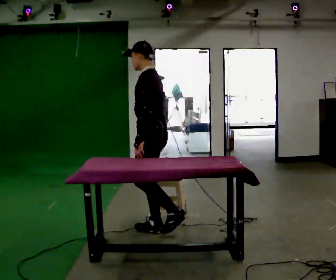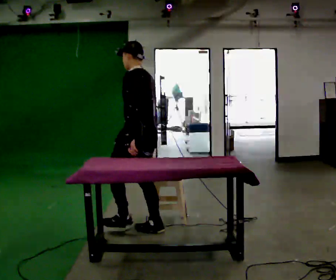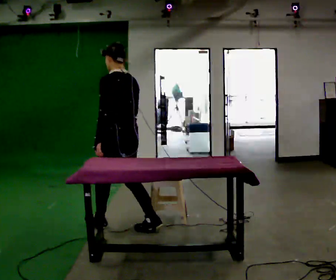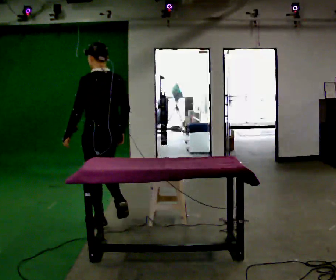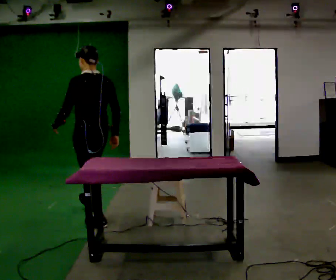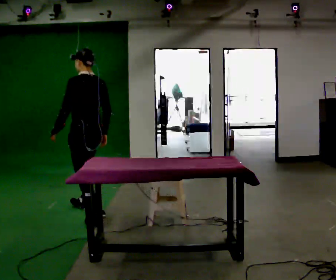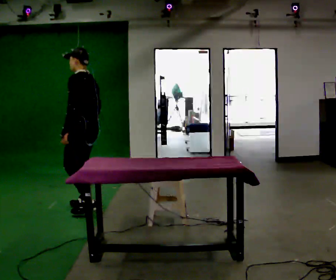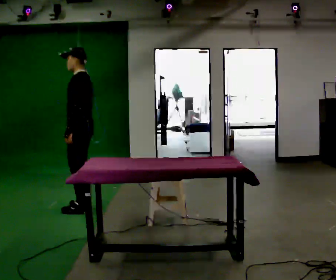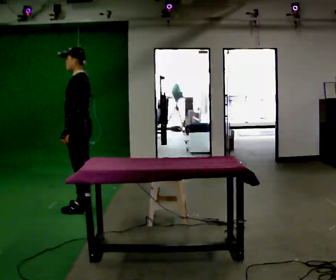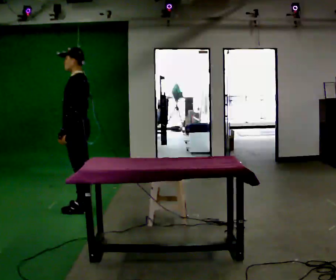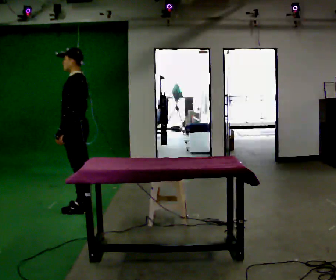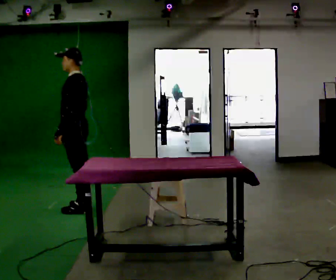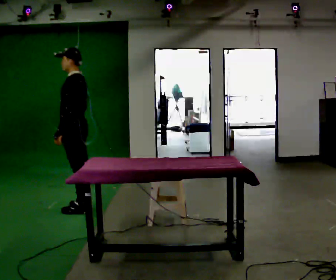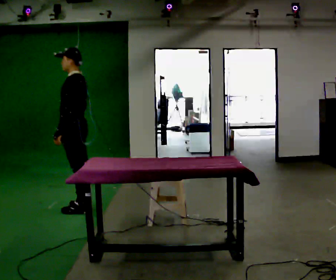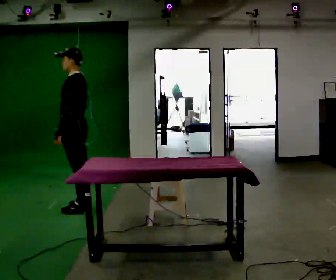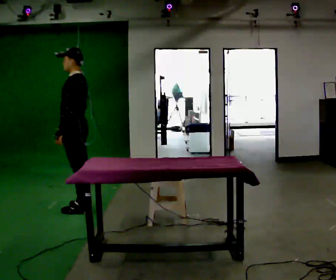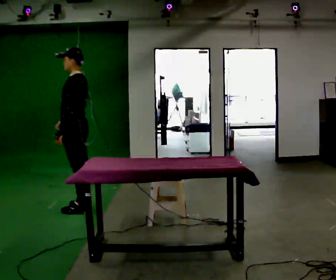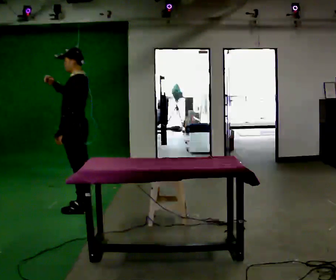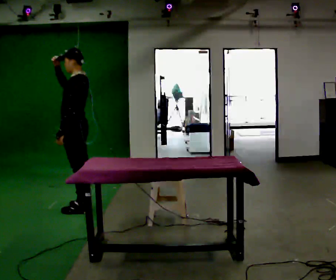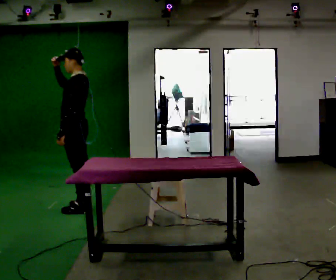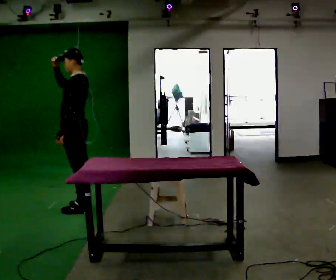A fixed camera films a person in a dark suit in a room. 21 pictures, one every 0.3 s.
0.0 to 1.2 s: The part of the body nearest the lens slides to the left as the person turns to their right by about 30 degrees. In the picture they go to the left and away from the camera, about 0.75 m in 1 step, which for them is forward.
1.2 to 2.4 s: The part of the body nearest the lens slides to the right as the person turns to their left by about 45 degrees. In the picture they go away from the camera, about 0.5 m in 2 steps, which for them is to their right and forward.
2.4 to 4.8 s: The person moves a little, or ends about where they began.
4.8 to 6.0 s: In the picture their right hand goes upward.
The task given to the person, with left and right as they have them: Walk up to the chair at the table, sit down into the space, settle as if you were about to work there, then stand up and step away. Repeat the movement at your own pace until the operator says stop; do not rush.
The film runs forward here.
